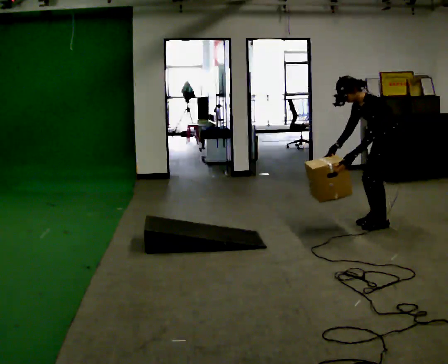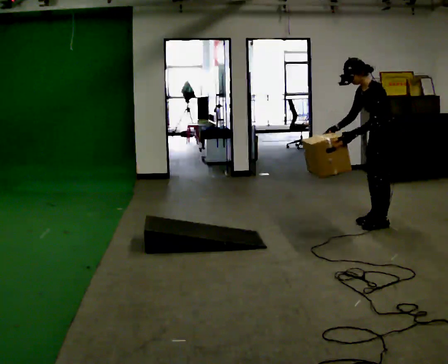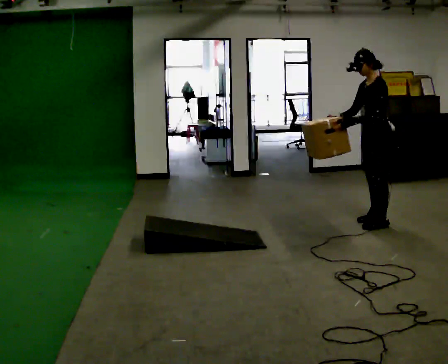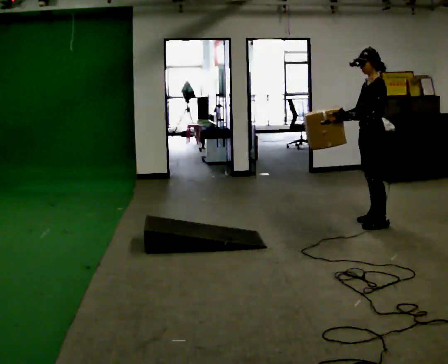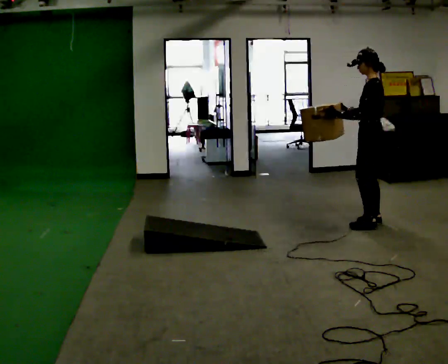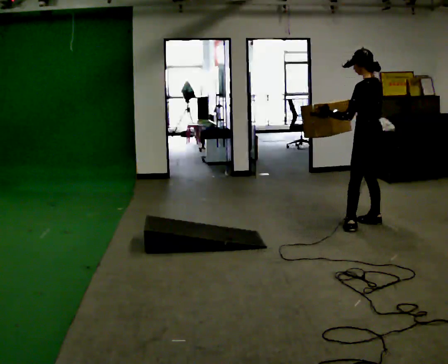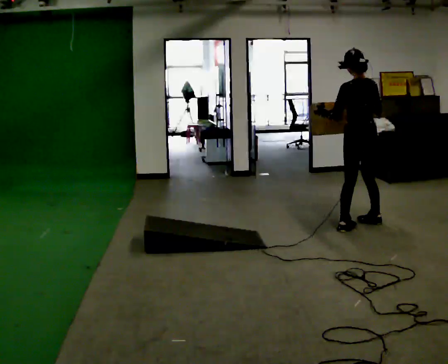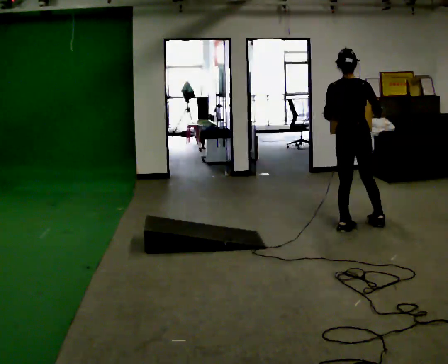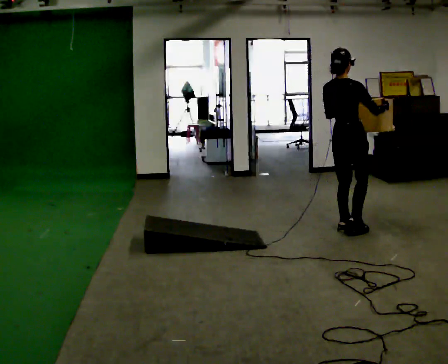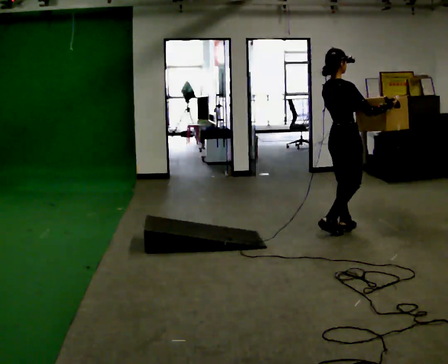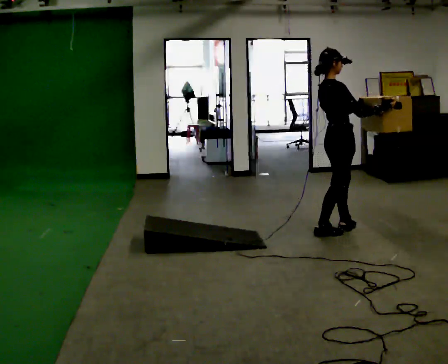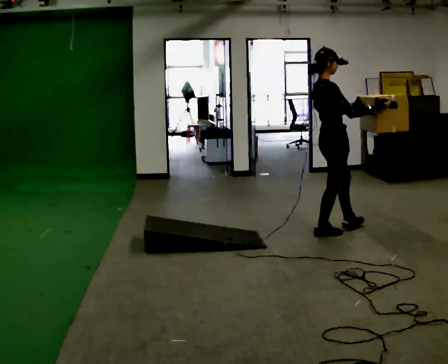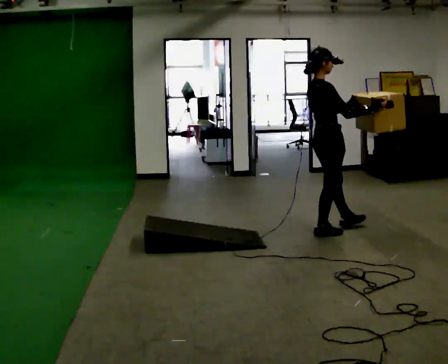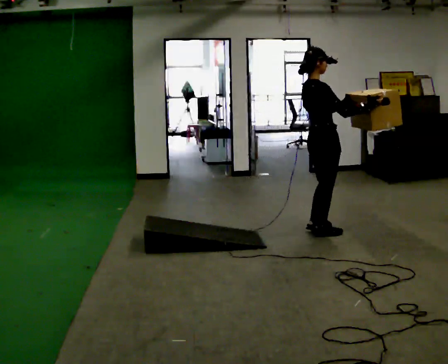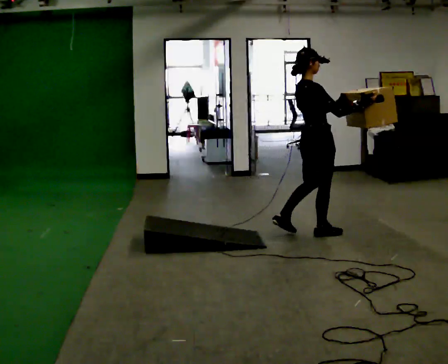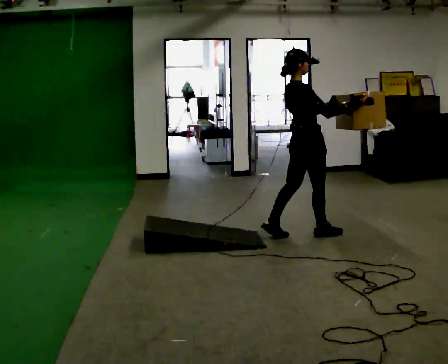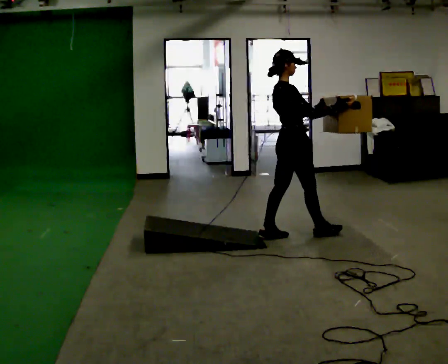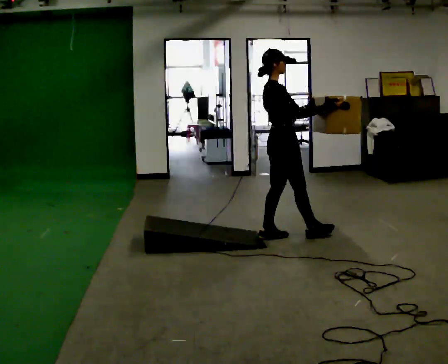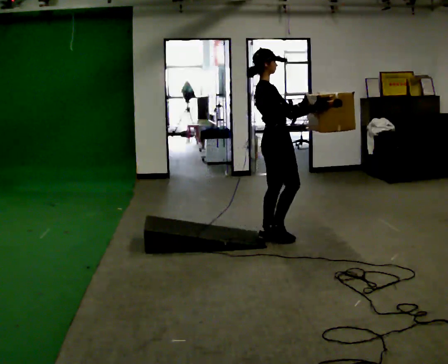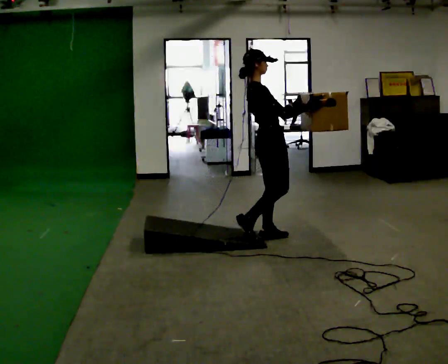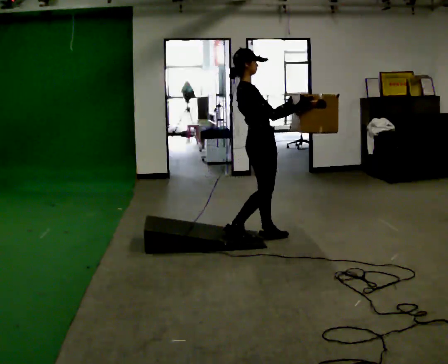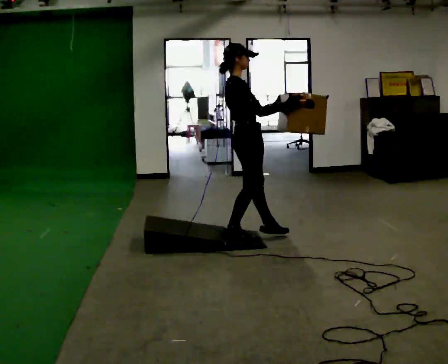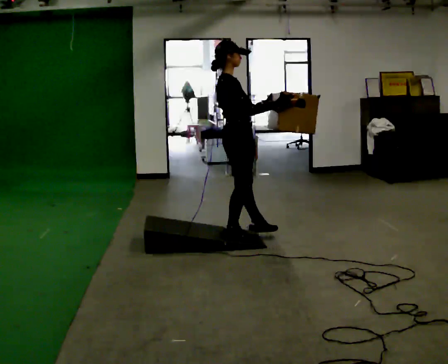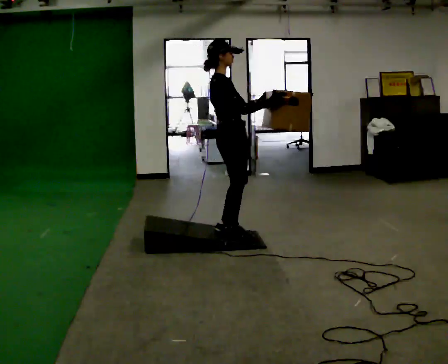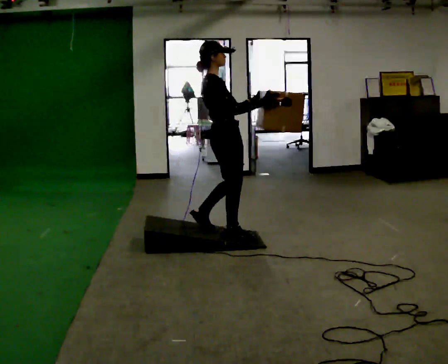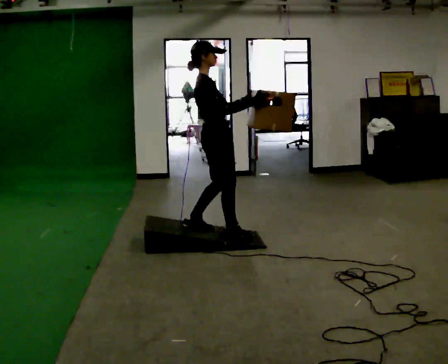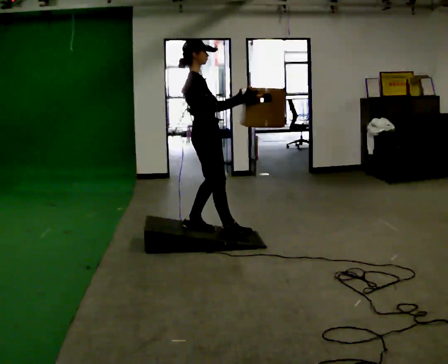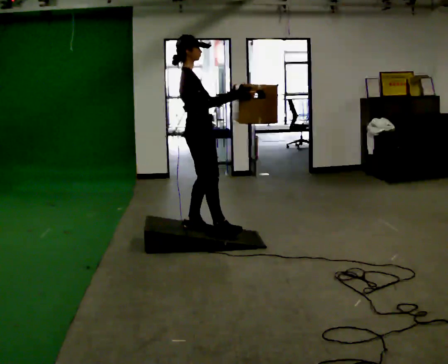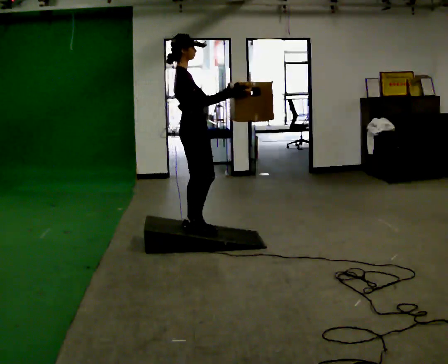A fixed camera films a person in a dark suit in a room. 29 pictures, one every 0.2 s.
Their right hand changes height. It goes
upward.
The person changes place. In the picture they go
to the left.
0.0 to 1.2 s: Seen from above the body turns clockwise, about 90 degrees: to their right, with its near side sliding to the left. In the picture they go to the left, about 0.25 m in 1 step. The upper body goes upward. In the picture the upper body tilts clockwise, shoulders to the right, as they lean back or straighten. In the picture their left hand goes upward.
1.2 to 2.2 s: The part of the body nearest the lens slides to the left as the person turns to their right by about 105 degrees. In the picture they go to the left and toward the camera, about 0.25 m in 2 steps.
2.2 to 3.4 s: In the picture they go to the left, about 0.5 m in 1 step, which for them is backward.
3.4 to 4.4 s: In the picture they go to the left and toward the camera, about 0.5 m in 1 step, which for them is backward.
4.4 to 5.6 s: In the picture they go to the left, about 0.25 m in 1 step, which for them is backward.
The film runs backward here.
